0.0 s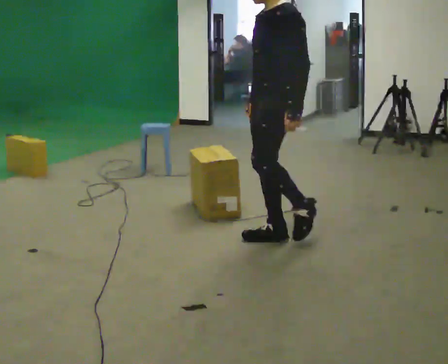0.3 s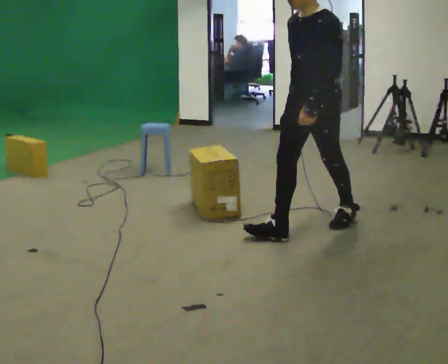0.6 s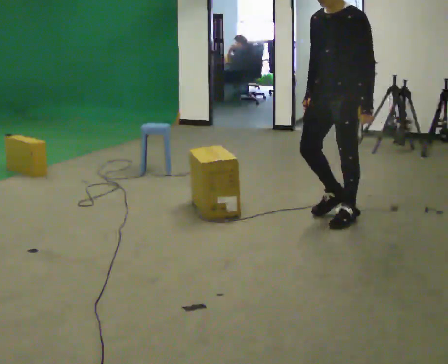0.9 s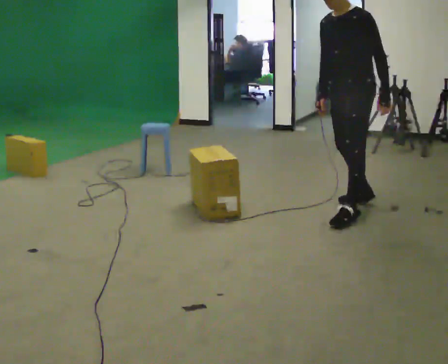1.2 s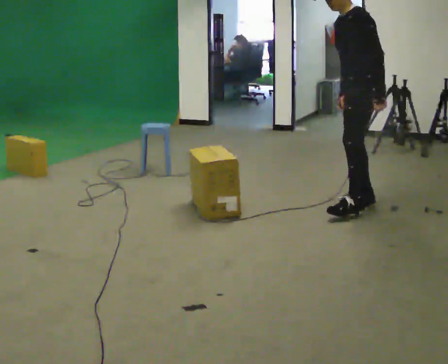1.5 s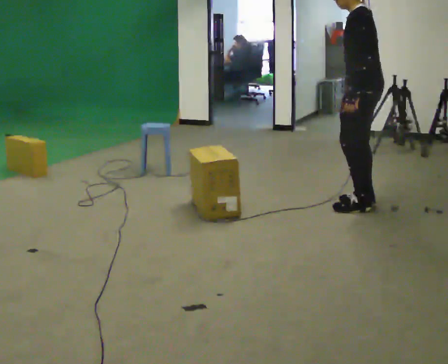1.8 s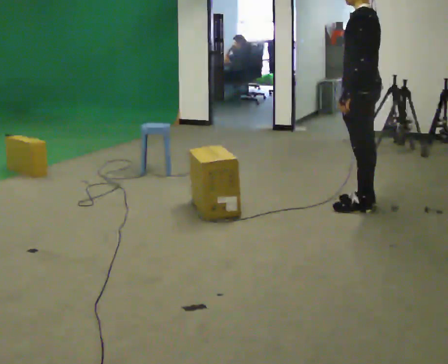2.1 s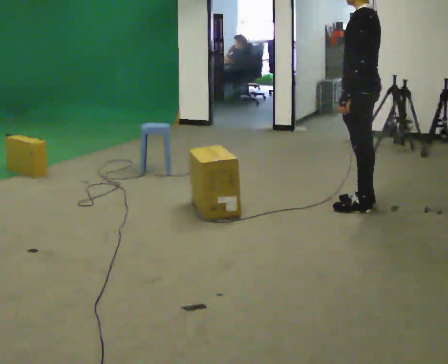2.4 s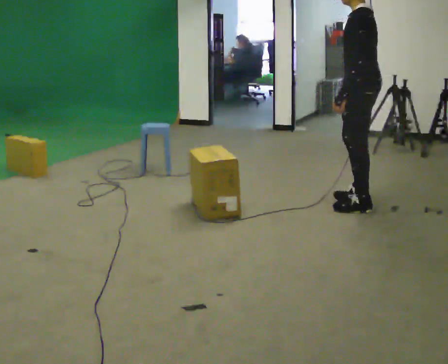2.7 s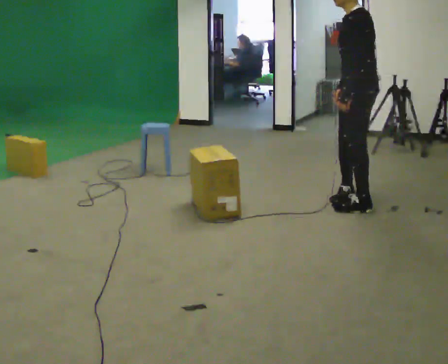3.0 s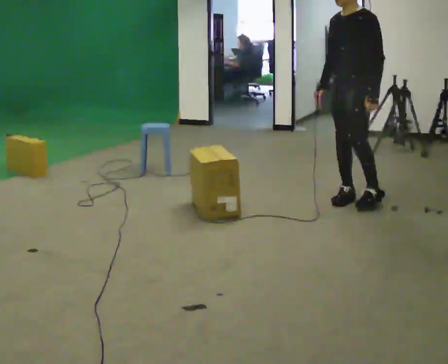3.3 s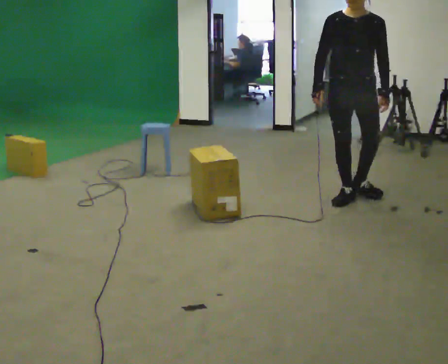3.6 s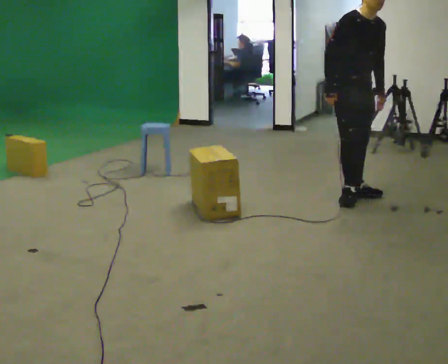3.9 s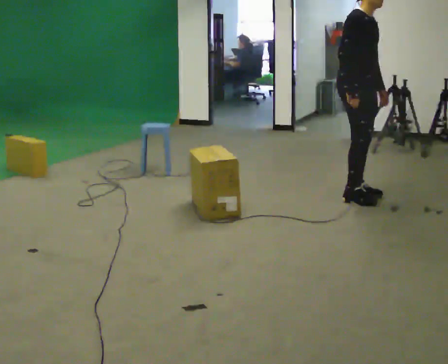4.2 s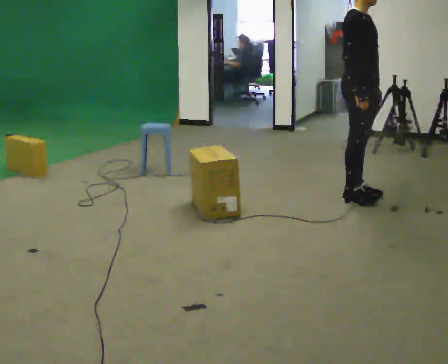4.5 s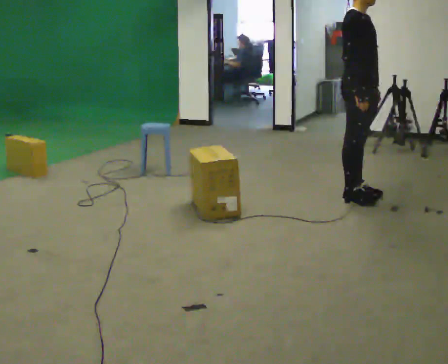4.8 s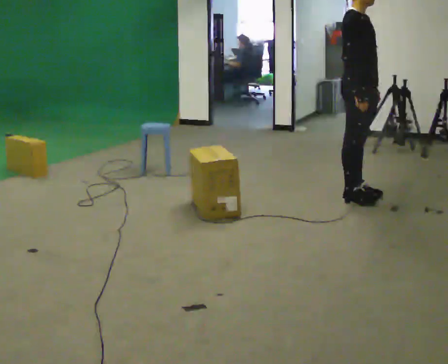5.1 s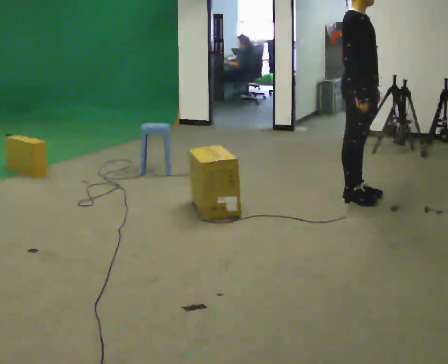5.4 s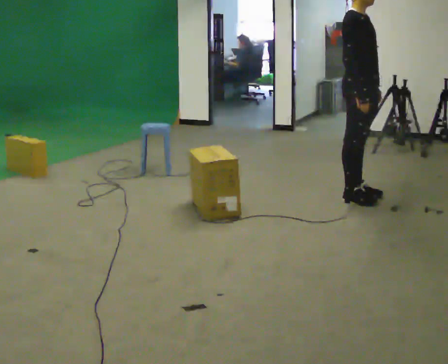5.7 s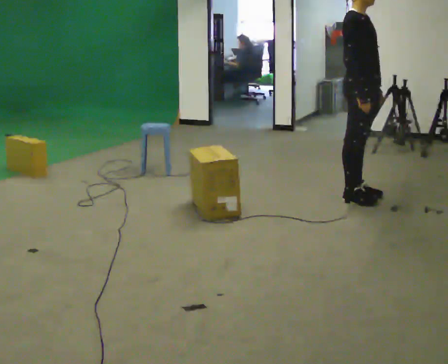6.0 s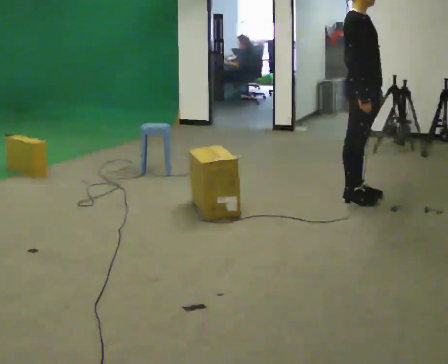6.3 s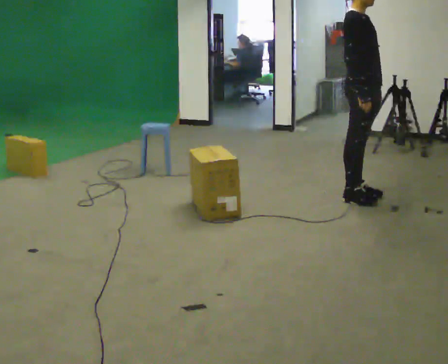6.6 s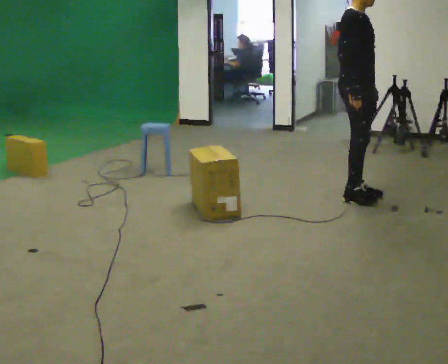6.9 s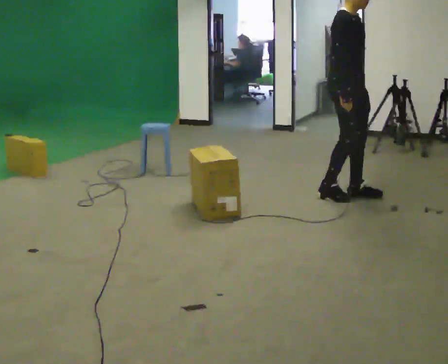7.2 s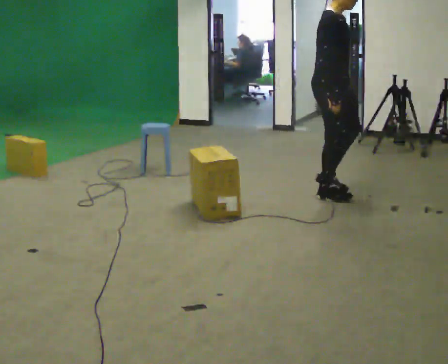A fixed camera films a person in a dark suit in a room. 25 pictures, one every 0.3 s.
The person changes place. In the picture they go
away from the camera.
The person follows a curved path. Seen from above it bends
counterclockwise.
0.0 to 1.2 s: In the picture they go away from the camera and to the right, about 1 m in 2 steps, which for them is backward. In the picture the upper body tilts counterclockwise, shoulders to the left.
1.2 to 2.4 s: The person turns about 30 degrees to their right, clockwise seen from above, so the part of the body nearest the lens slides to the left.
2.4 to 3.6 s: The person turns about 135 degrees to their left, counterclockwise seen from above, so the part of the body nearest the lens slides to the right. In the picture they go away from the camera, about 0.25 m in 1 step. In the picture the upper body tilts clockwise, shoulders to the right.
3.6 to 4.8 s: Seen from above the body turns counterclockwise, about 30 degrees: to their left, with its near side sliding to the right. In the picture the upper body tilts counterclockwise, shoulders to the left, as they lean back or straighten.
4.8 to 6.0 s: The person moves a little, or ends about where they began.
6.0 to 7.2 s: In the picture they go to the left, about 0.25 m in 2 steps, which for them is backward.
The film runs backward here.
